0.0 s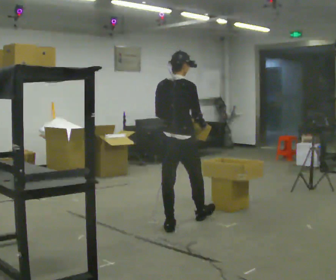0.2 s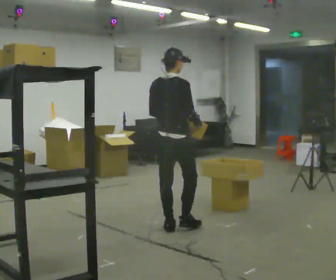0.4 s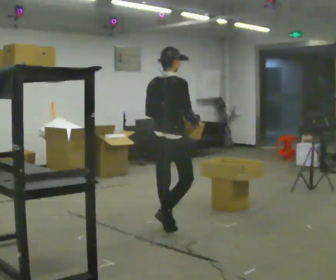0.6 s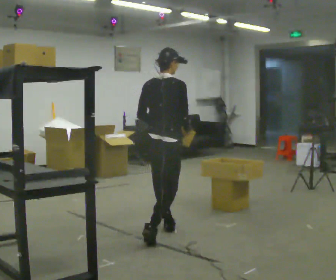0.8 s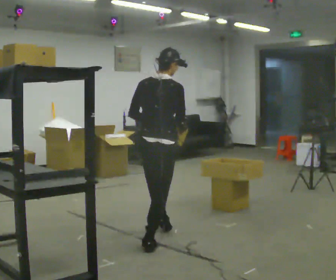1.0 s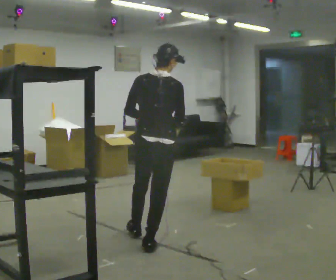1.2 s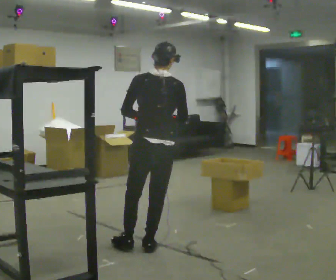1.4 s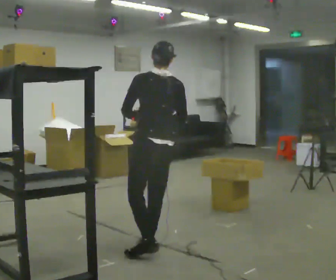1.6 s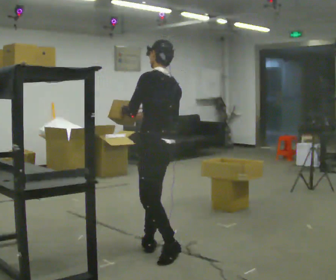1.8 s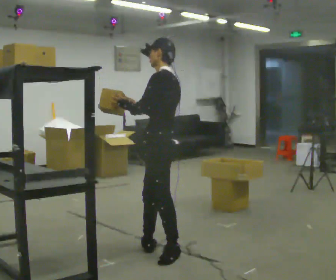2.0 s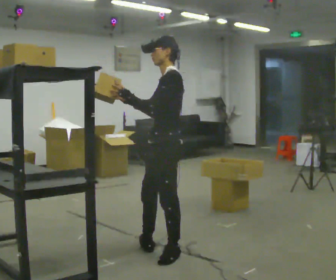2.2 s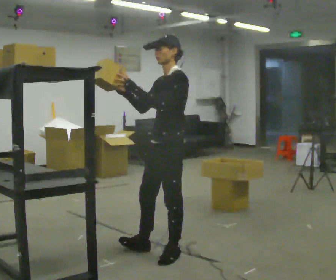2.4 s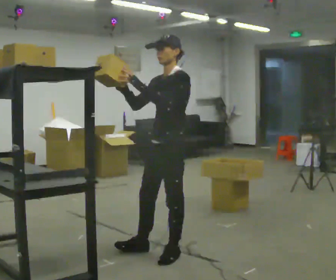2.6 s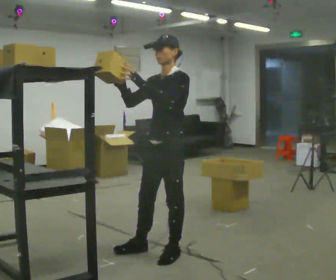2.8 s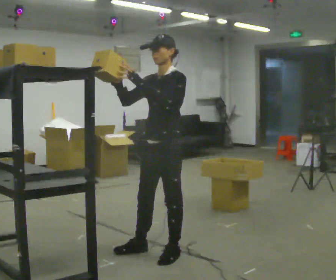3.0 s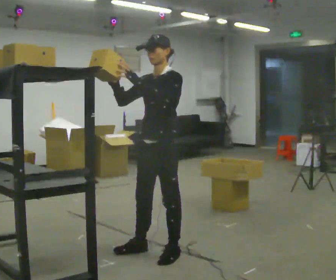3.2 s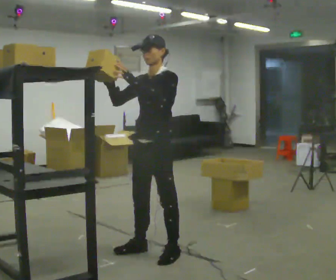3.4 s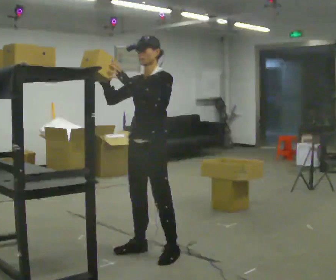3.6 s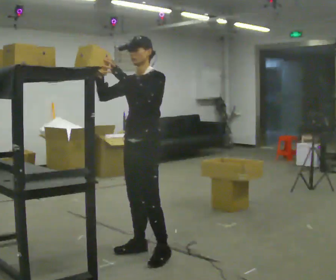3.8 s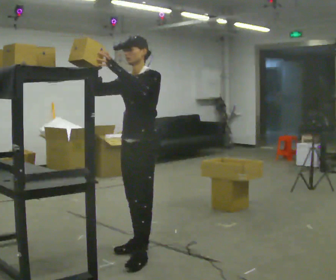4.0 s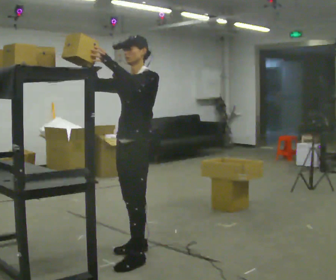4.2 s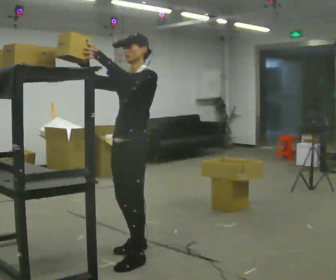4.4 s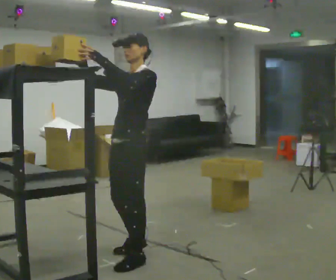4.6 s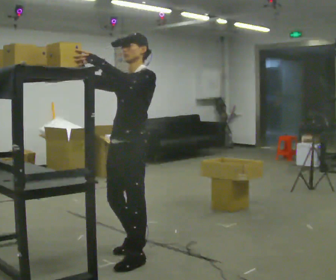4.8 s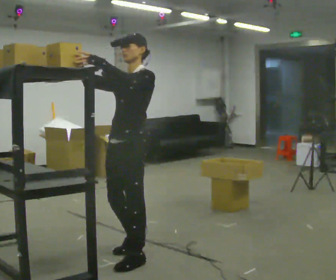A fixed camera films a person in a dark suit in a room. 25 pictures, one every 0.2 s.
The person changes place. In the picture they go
toward the camera.
Their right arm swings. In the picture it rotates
clockwise.
0.0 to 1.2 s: The part of the body nearest the lens slides to the right as the person turns to their left by about 30 degrees. In the picture they go toward the camera, about 0.75 m in 1 step, which for them is backward.
1.2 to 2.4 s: The person turns about 120 degrees to their left, counterclockwise seen from above, so the part of the body nearest the lens slides to the right. In the picture they go toward the camera and to the right, about 0.25 m.
2.4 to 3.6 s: In the picture they go to the left, about 0.25 m in 1 step, which for them is to their right.
3.6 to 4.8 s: In the picture they go toward the camera, about 0.25 m, which for them is forward.
The film runs backward here.
